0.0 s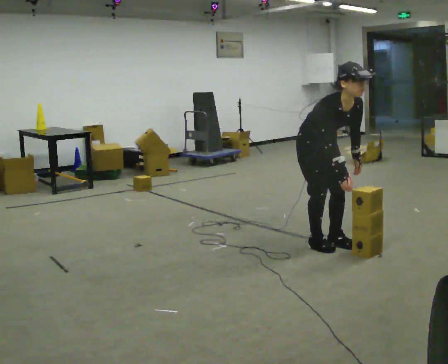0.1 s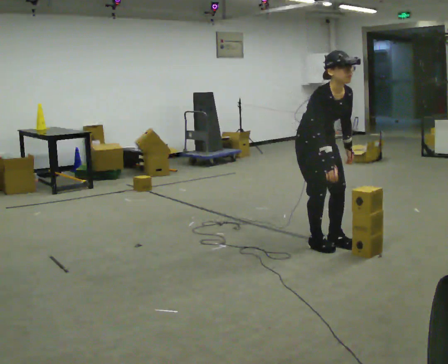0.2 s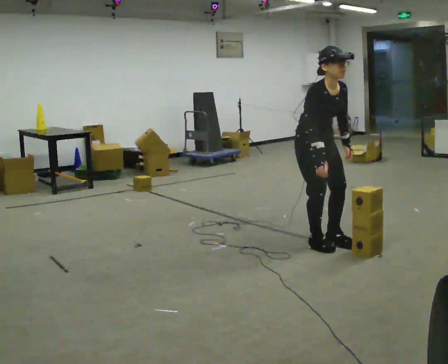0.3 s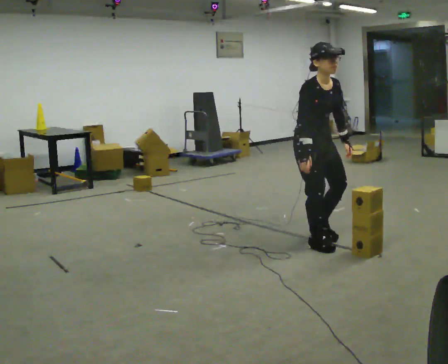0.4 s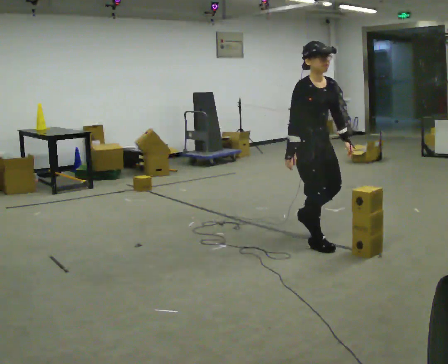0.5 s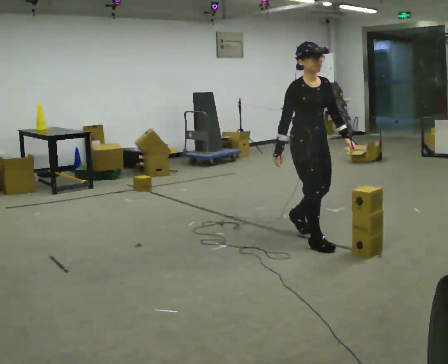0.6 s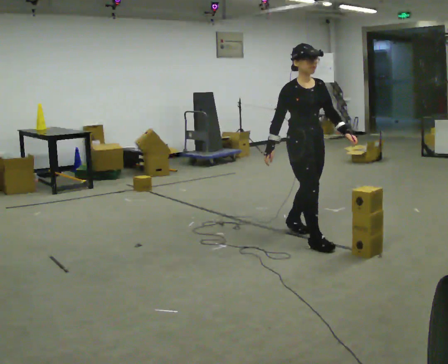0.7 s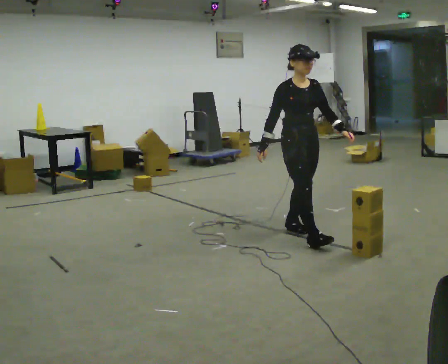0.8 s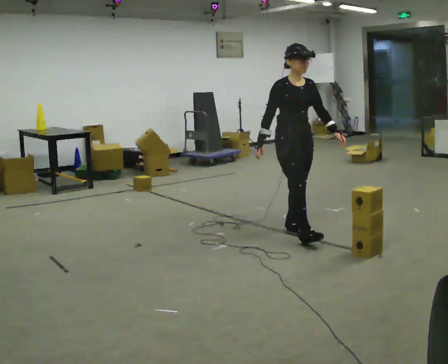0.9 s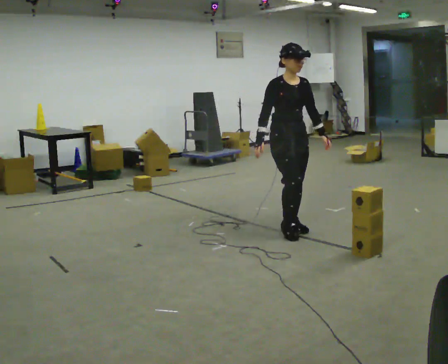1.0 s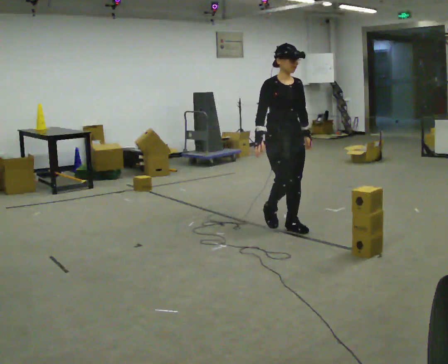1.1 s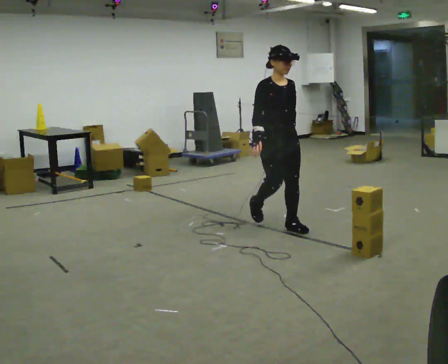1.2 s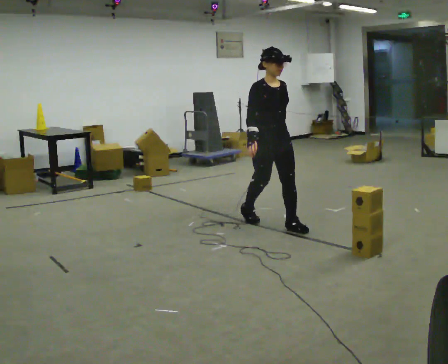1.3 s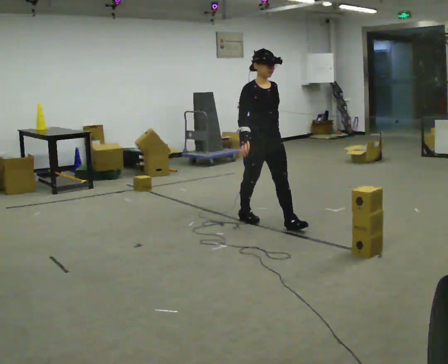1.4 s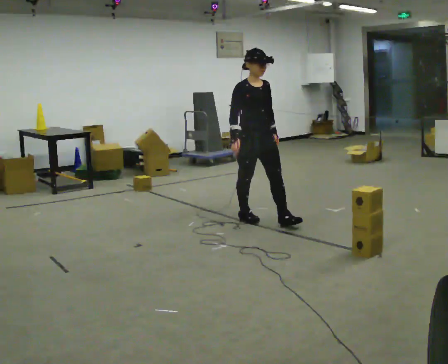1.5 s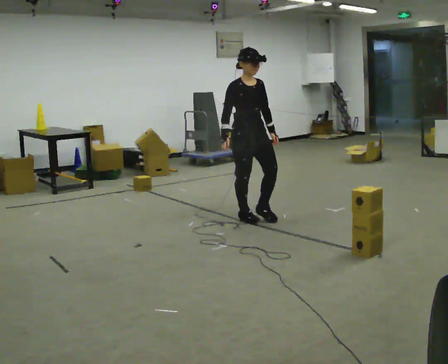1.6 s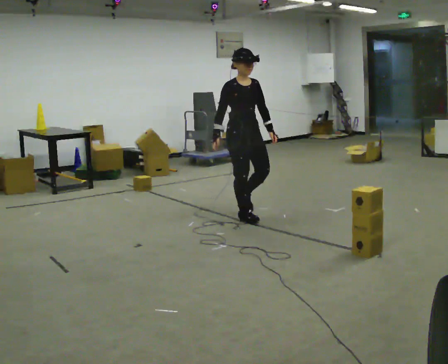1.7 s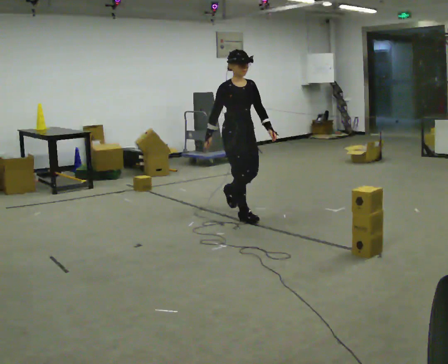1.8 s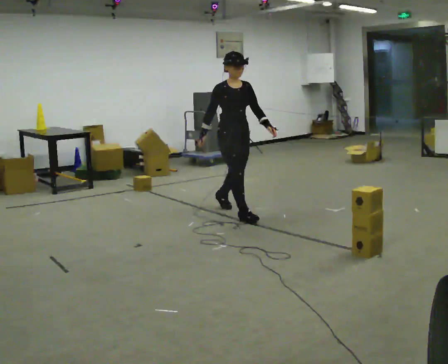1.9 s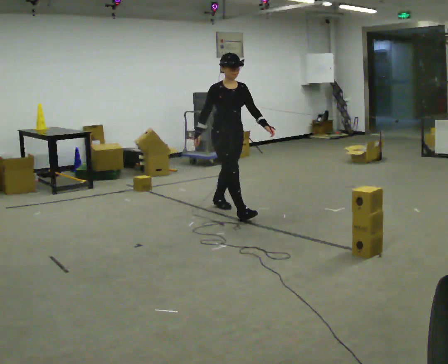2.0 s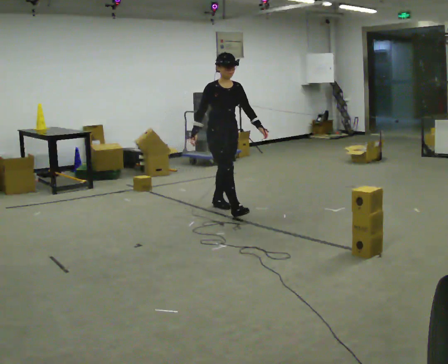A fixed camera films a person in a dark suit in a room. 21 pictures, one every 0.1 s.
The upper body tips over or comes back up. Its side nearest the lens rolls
upward.
0.0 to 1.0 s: In the picture they go away from the camera and to the left, about 0.5 m in 2 steps, which for them is backward. The upper body tips away from the camera, its near side rolling upward, as they lean back or straighten.
1.0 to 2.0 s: In the picture they go away from the camera and to the left, about 1 m in 2 steps, which for them is backward.
The film runs backward here.
